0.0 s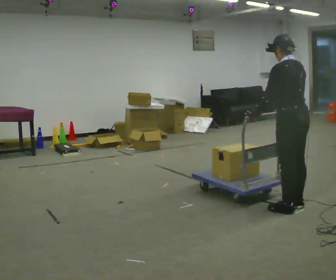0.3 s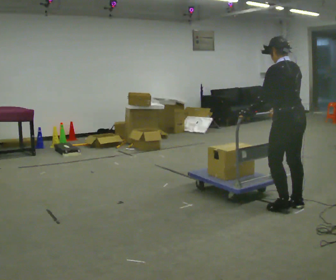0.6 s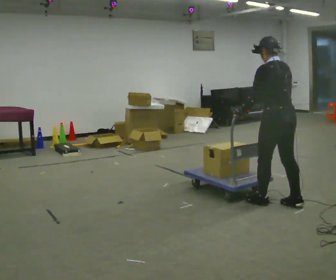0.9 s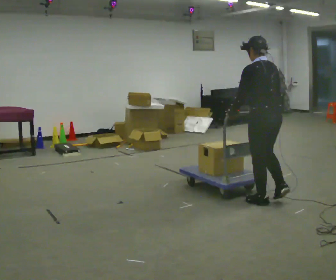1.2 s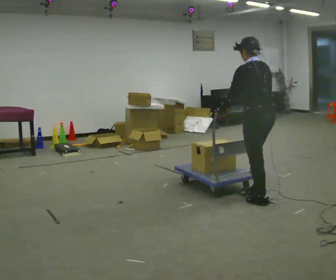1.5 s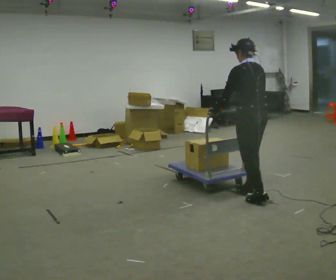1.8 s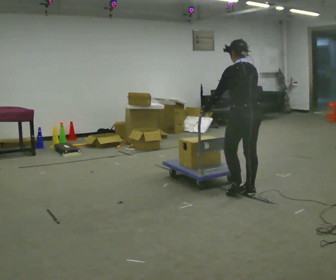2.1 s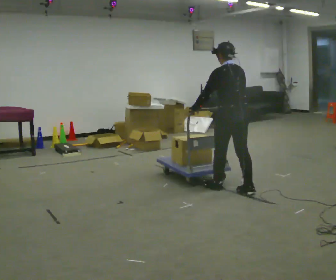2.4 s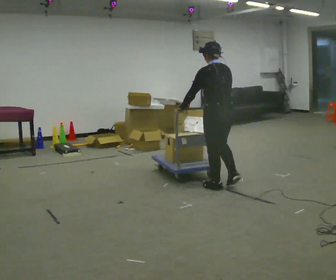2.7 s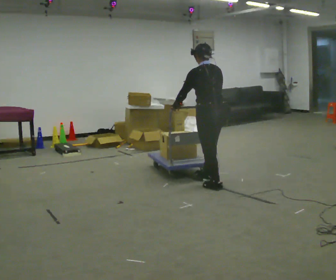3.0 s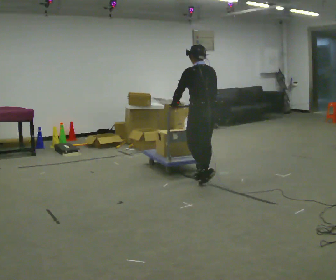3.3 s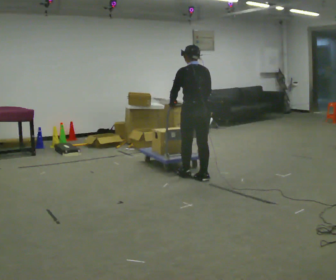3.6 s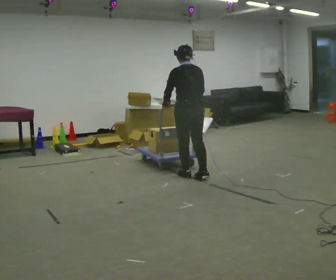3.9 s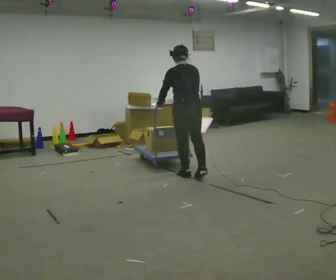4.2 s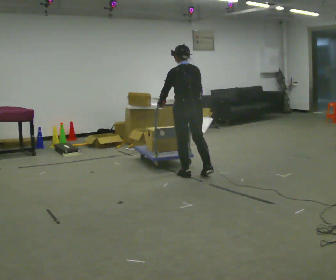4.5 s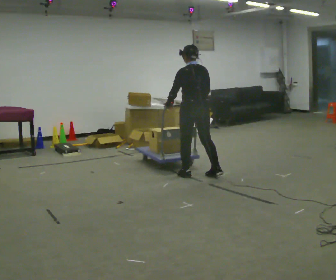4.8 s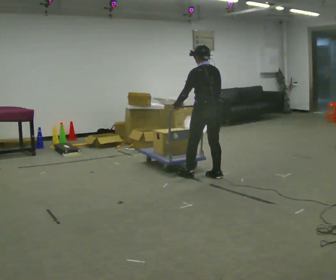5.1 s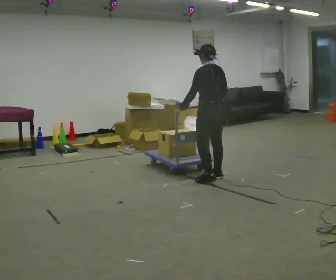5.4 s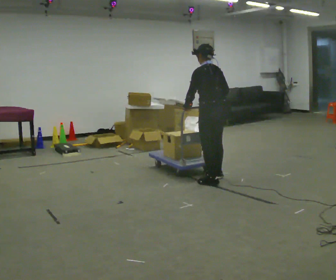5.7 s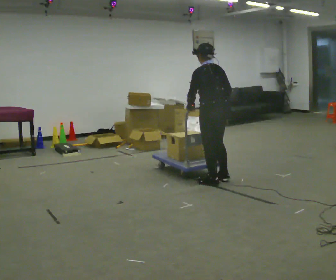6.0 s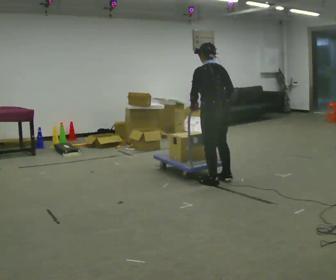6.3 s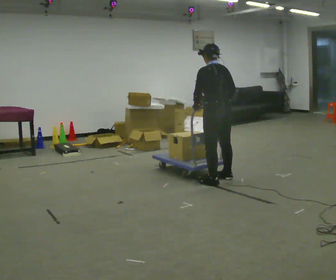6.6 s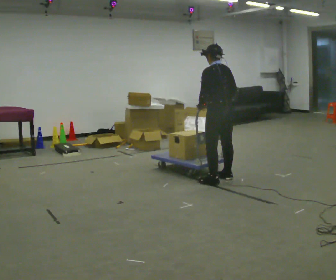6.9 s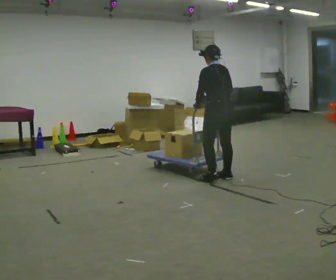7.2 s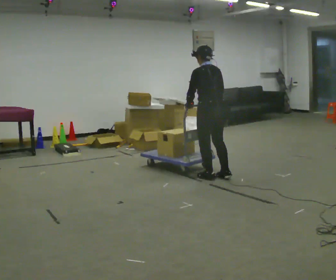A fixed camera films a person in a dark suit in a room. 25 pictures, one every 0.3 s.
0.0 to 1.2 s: In the picture they go to the left and away from the camera, about 0.5 m in 1 step, which for them is forward.
1.2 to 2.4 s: In the picture they go away from the camera and to the left, about 0.5 m in 2 steps, which for them is forward.
2.4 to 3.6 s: In the picture they go away from the camera and to the left, about 0.5 m in 2 steps, which for them is forward.
3.6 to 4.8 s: In the picture they go to the right, about 0.25 m in 1 step, which for them is to their right.
4.8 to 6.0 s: In the picture they go toward the camera, about 0.25 m in 2 steps, which for them is backward.
6.0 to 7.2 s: In the picture they go away from the camera, about 0.25 m in 1 step, which for them is forward.
The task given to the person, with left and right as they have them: Get the cart into the marked parking space and lined up with the tape. Take as many adjustments as you need. Then take it out again and repeat.
The film runs forward here.
